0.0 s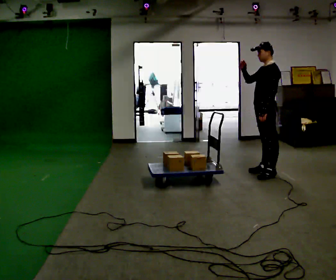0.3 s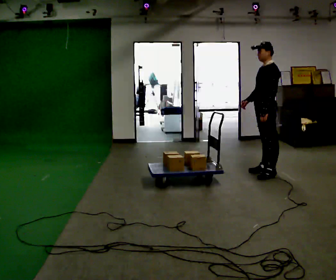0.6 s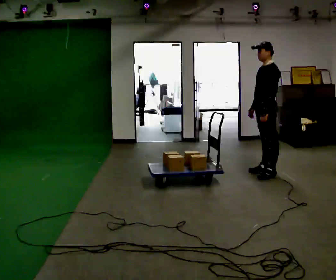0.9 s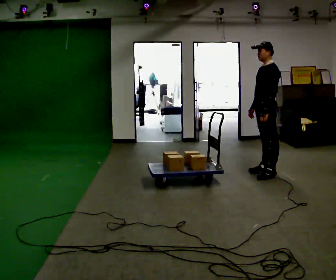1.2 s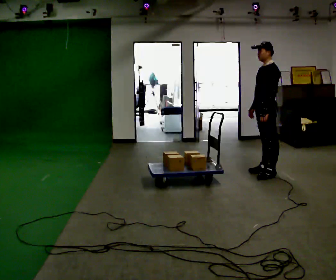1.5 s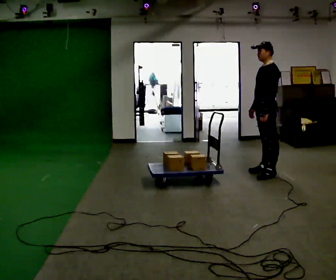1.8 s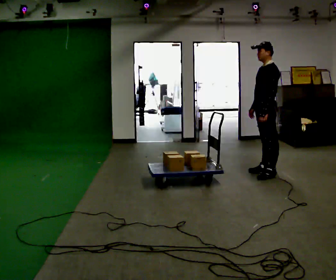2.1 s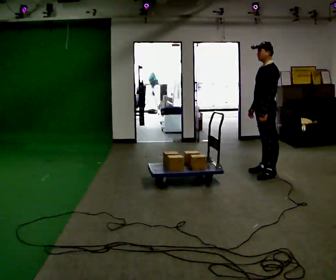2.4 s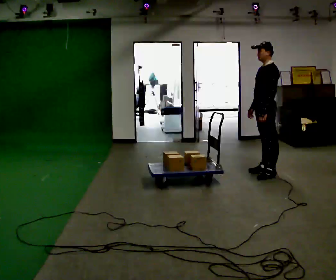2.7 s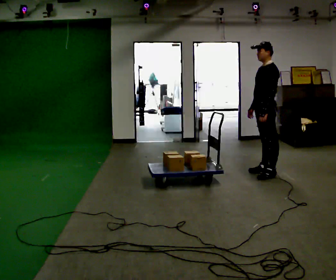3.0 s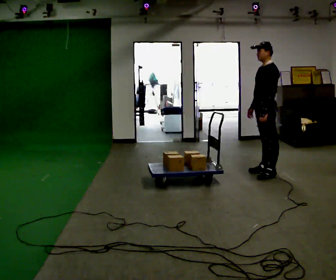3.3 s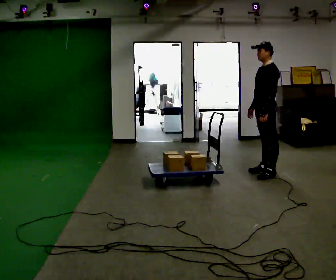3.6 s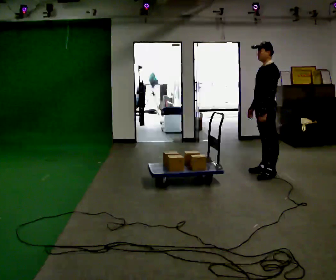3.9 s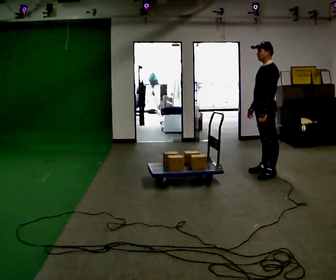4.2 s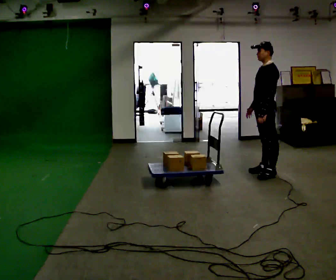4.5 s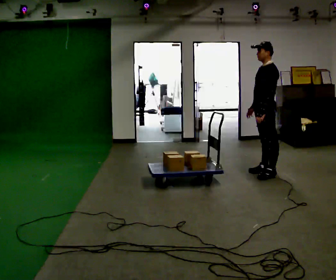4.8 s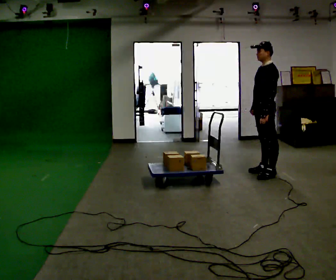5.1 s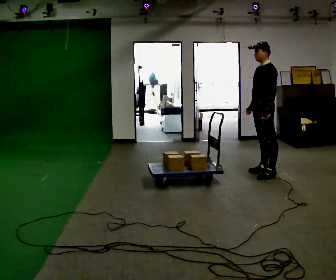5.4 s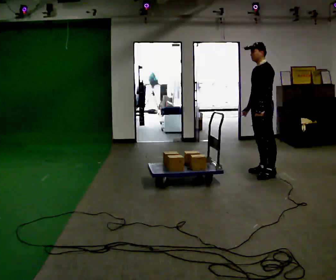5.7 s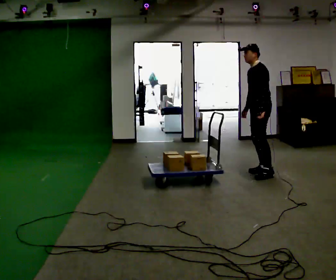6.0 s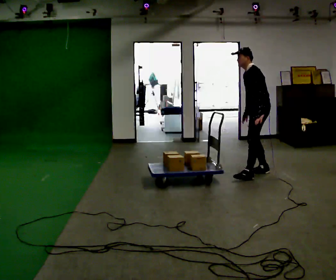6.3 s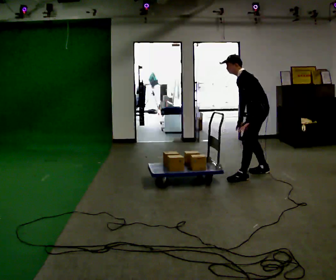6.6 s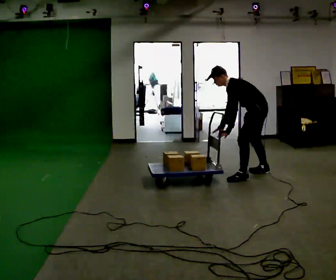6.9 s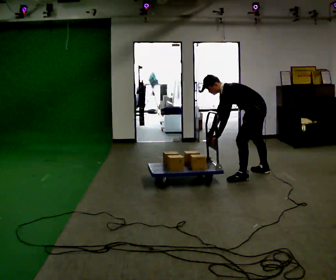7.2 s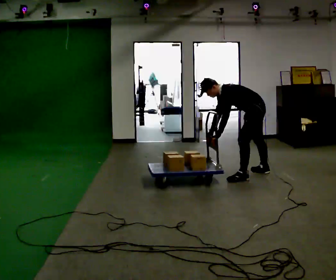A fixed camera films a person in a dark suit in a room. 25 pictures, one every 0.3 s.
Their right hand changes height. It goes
downward.
The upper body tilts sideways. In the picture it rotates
counterclockwise.
0.0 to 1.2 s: In the picture their right hand goes downward, the arm swinging counterclockwise.
1.2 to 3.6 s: The person keeps their place and pose.
3.6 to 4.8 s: The person moves a little, or ends about where they began.
4.8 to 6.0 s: In the picture the upper body tilts counterclockwise, shoulders to the left, as they bend forward.
6.0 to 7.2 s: In the picture they go toward the camera, about 0.25 m, which for them is to their left. The upper body goes downward. In the picture the upper body tilts counterclockwise, shoulders to the left, as they bend forward. In the picture their left hand goes to the left.
The film runs backward here.
